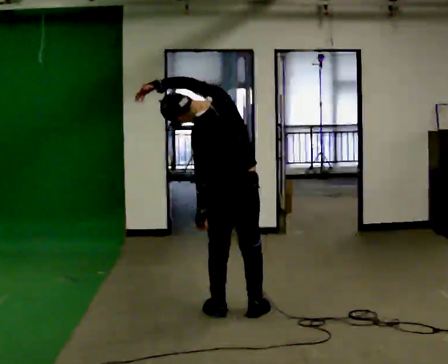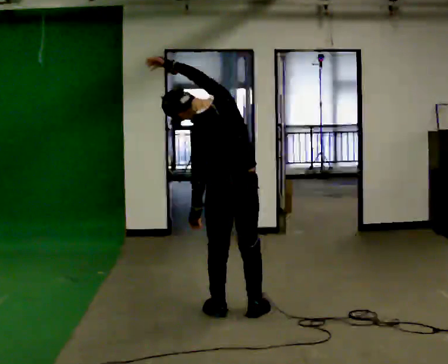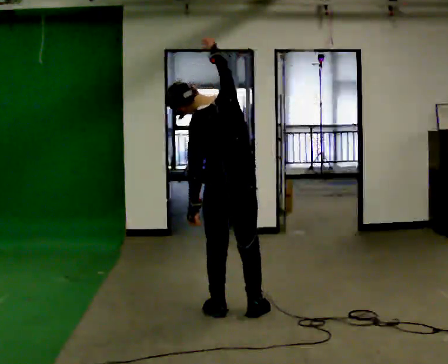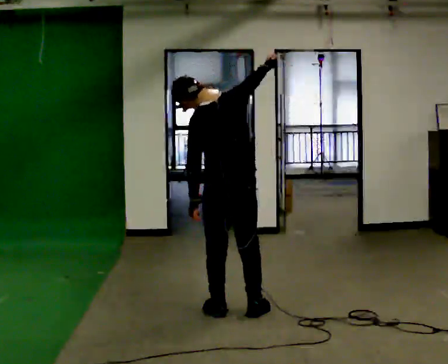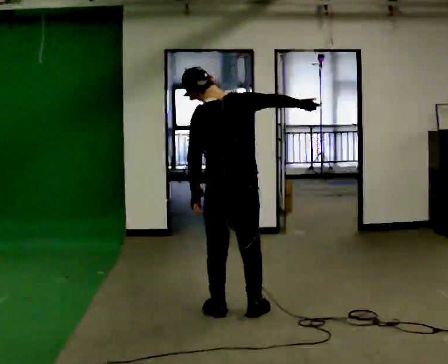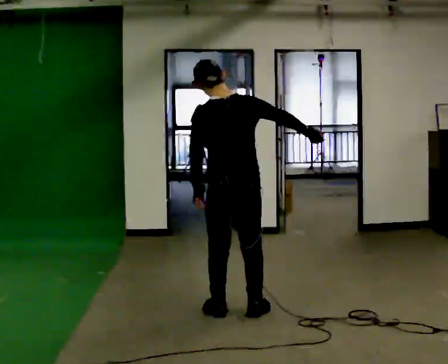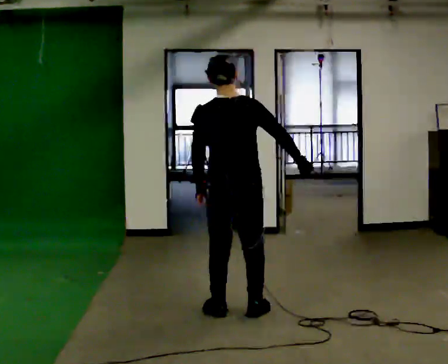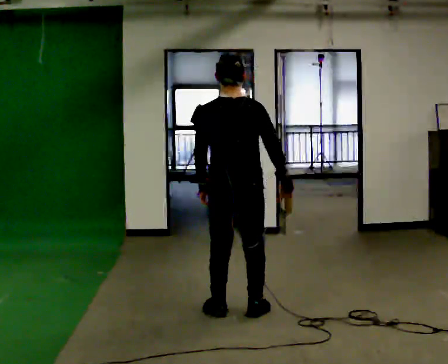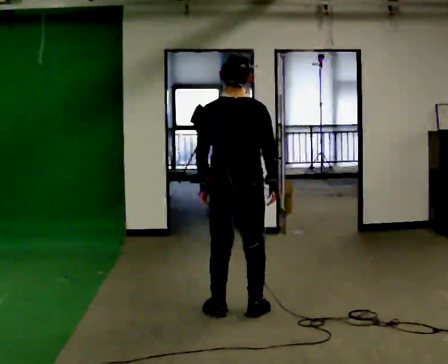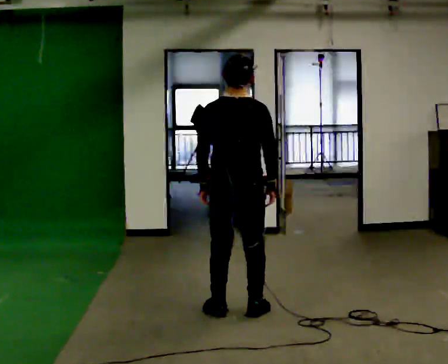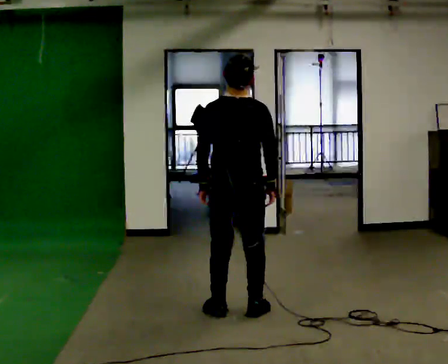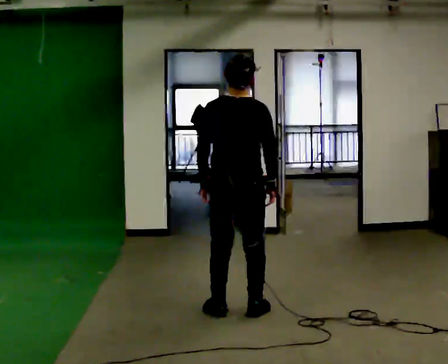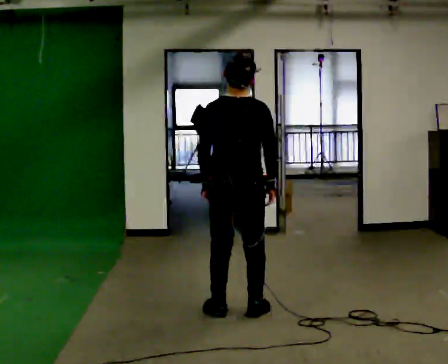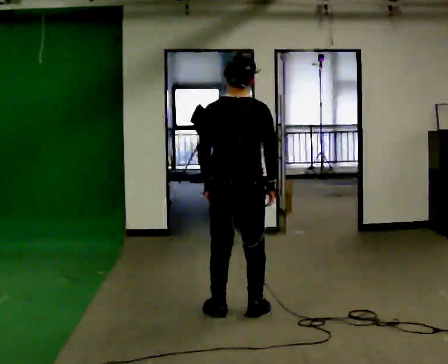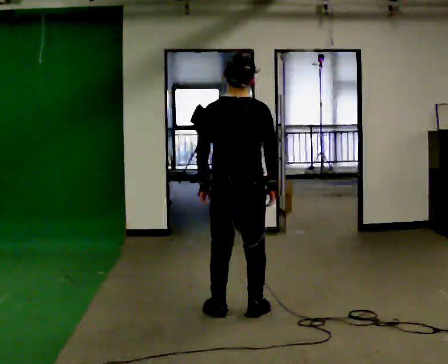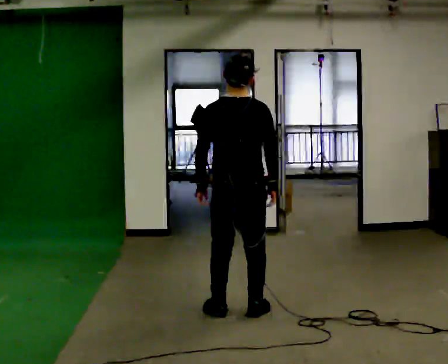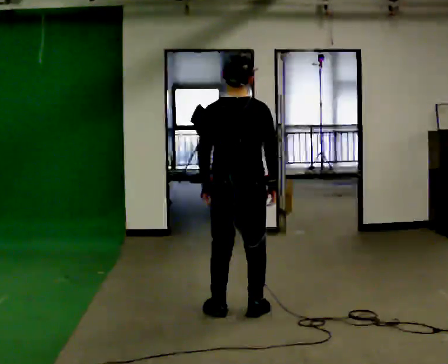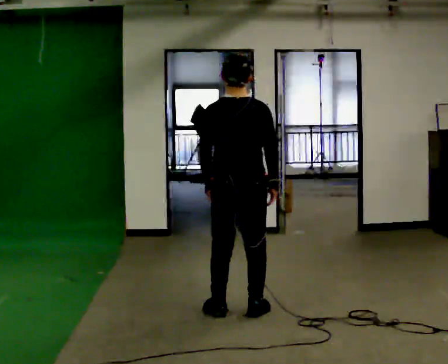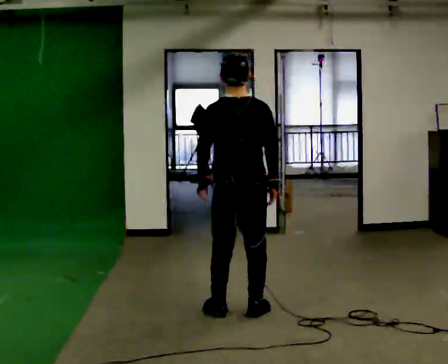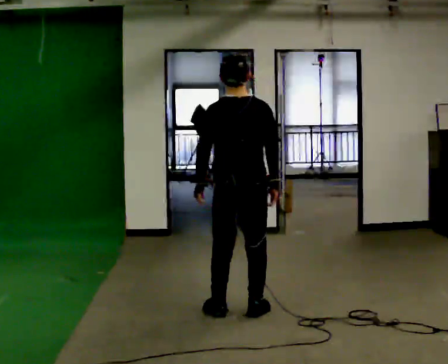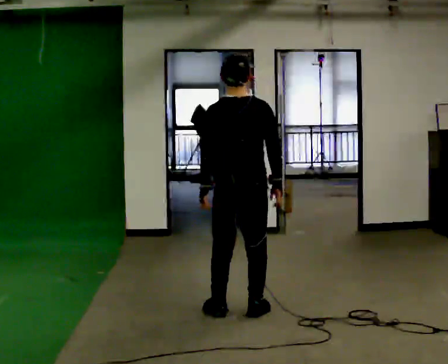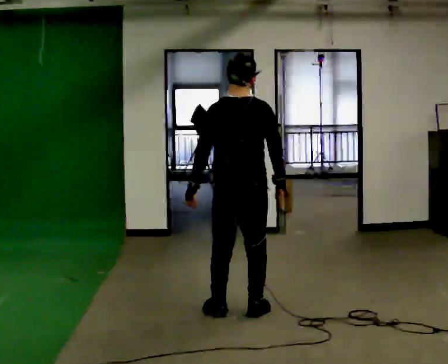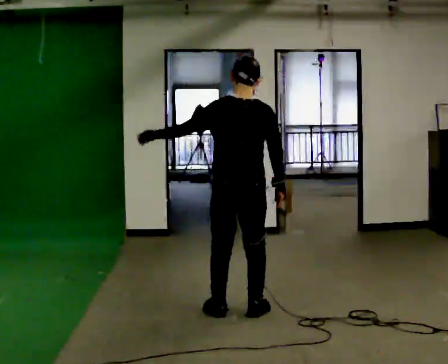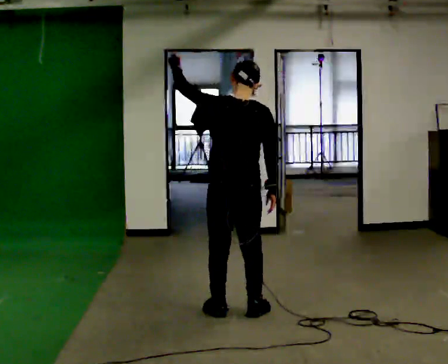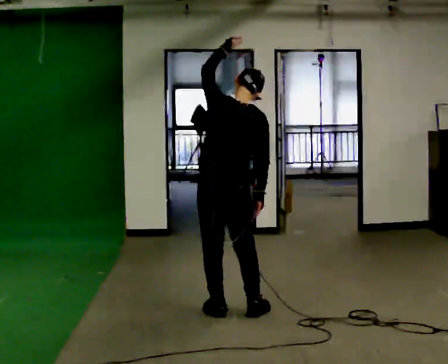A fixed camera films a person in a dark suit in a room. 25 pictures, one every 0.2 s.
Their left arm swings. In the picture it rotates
clockwise.
Their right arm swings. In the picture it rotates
clockwise.
0.0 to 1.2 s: In the picture their right hand goes to the right and downward, the arm swinging clockwise.
1.2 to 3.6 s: The person moves a little, or ends about where they began.
3.6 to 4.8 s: In the picture their left hand goes upward, the arm swinging clockwise.
The film runs backward here.
